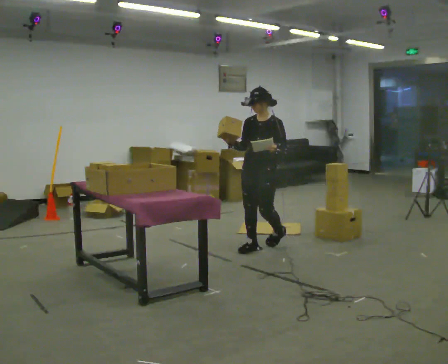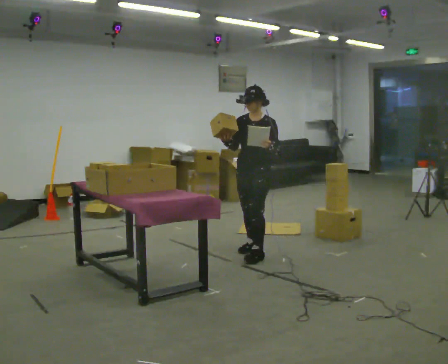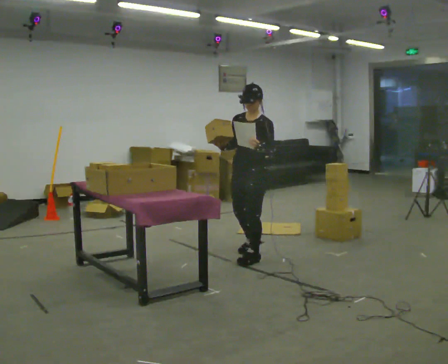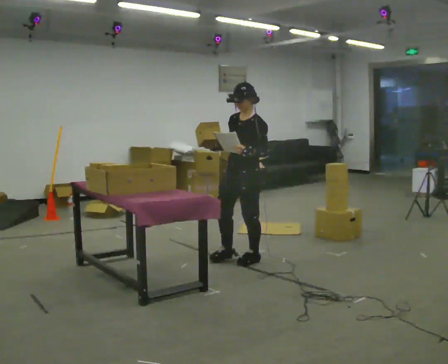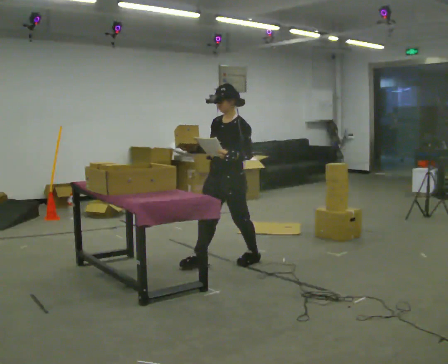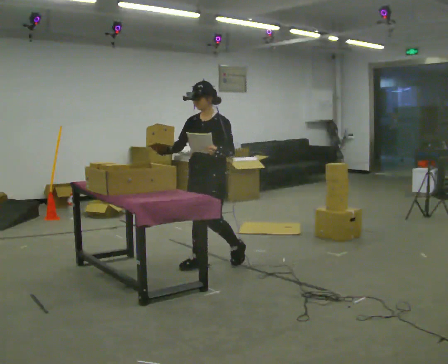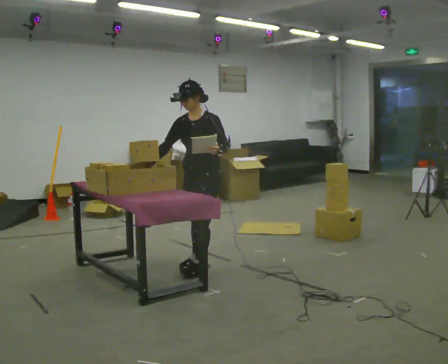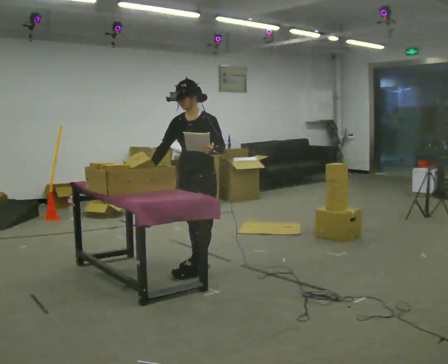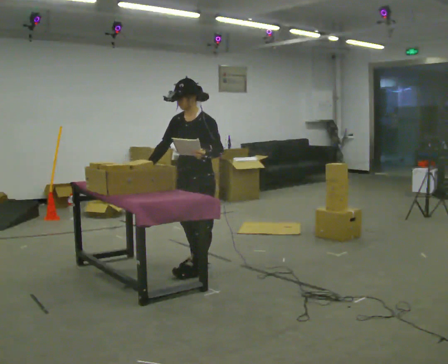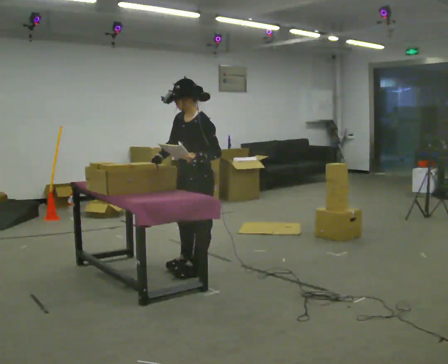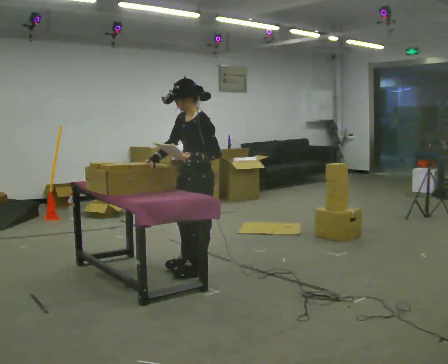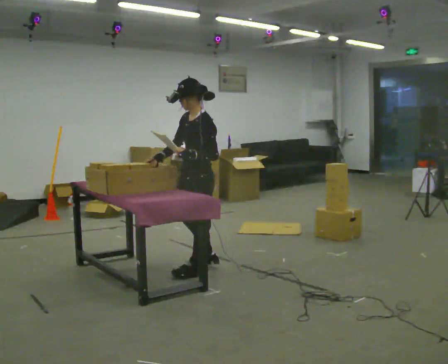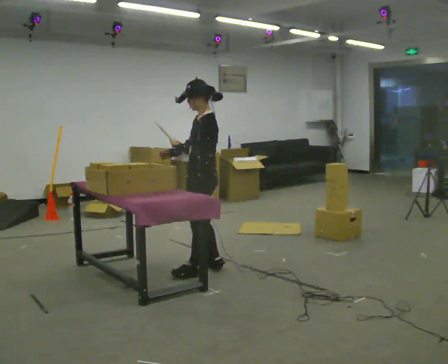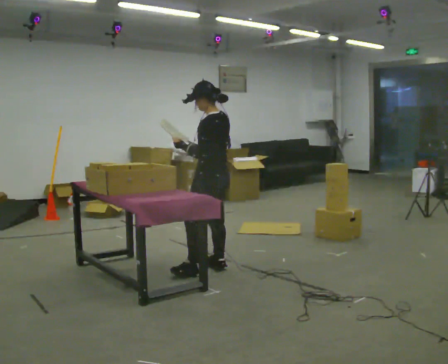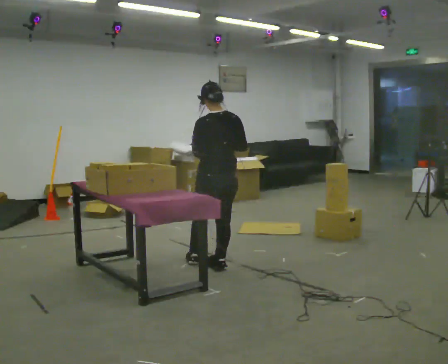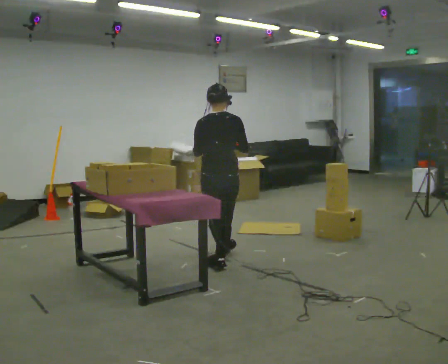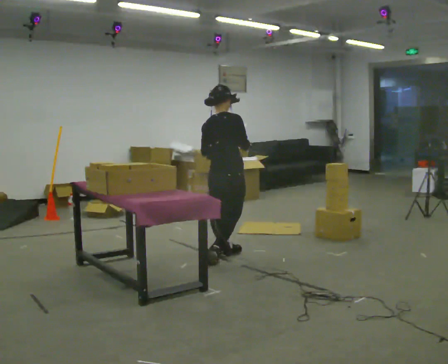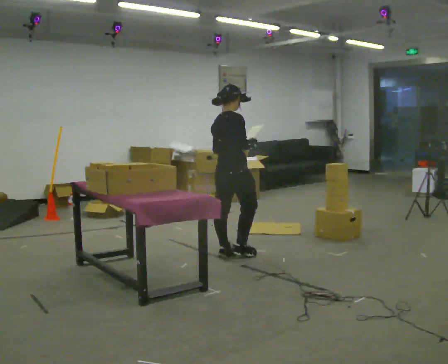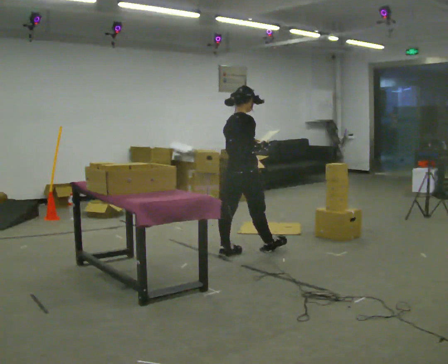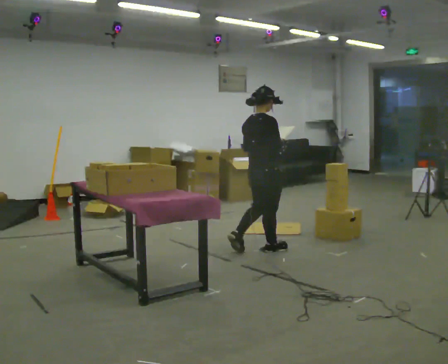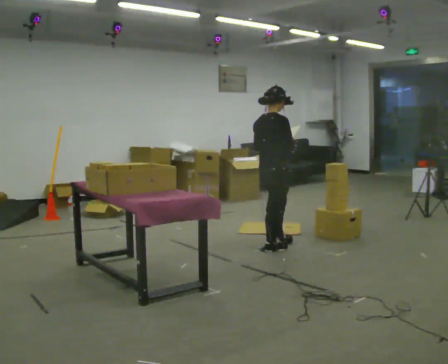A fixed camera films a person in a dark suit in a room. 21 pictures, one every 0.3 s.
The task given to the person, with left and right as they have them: 1. Read the list the operator gives you. 2. Collect the six items on the list from the shelves. 3. Put them all in the bin on the table. 4. Tell the operator when you are finished.
0.0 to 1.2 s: In the picture they go toward the camera and to the left, about 0.5 m in 2 steps, which for them is forward.
1.2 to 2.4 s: In the picture they go toward the camera and to the left, about 0.25 m in 1 step, which for them is forward.
2.4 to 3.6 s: Seen from above the body turns clockwise, about 45 degrees: to their right, with its near side sliding to the left.
3.6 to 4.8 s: The part of the body nearest the lens slides to the left as the person turns to their right by about 135 degrees. In the picture they go away from the camera and to the right, about 0.5 m in 1 step.
4.8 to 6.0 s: In the picture they go to the right and away from the camera, about 0.5 m in 1 step, which for them is forward.
The film runs forward here.
